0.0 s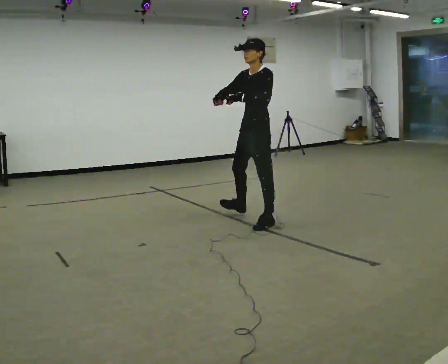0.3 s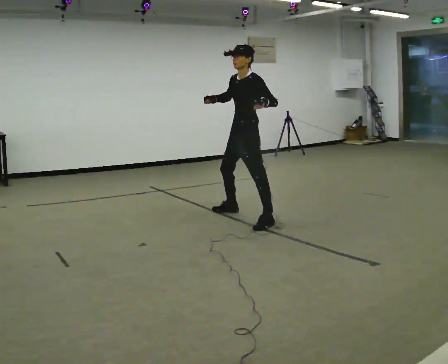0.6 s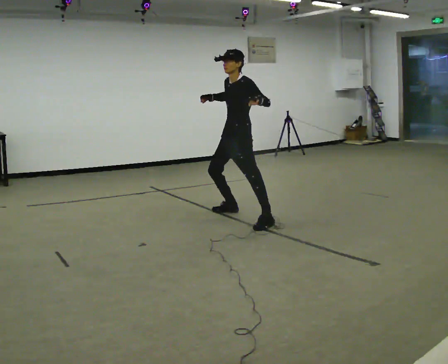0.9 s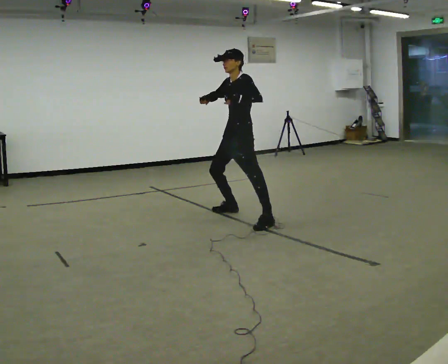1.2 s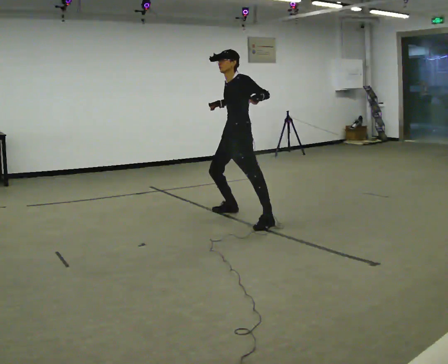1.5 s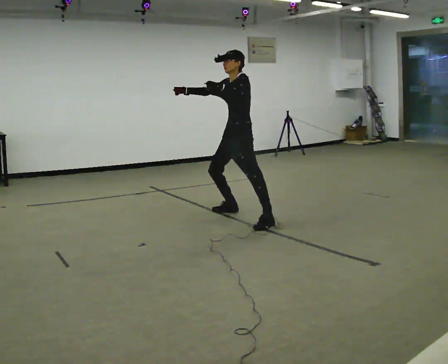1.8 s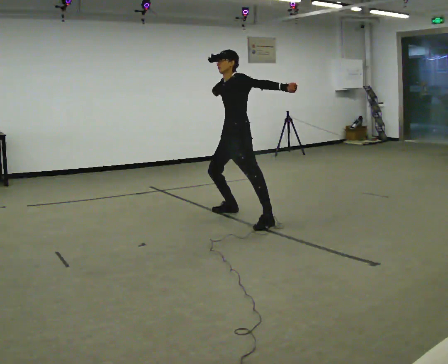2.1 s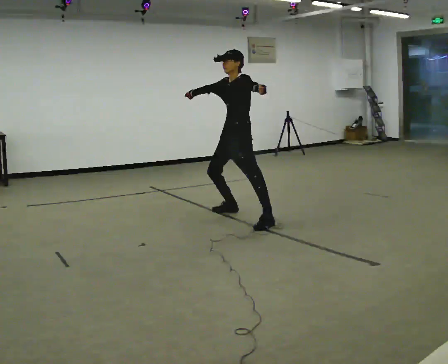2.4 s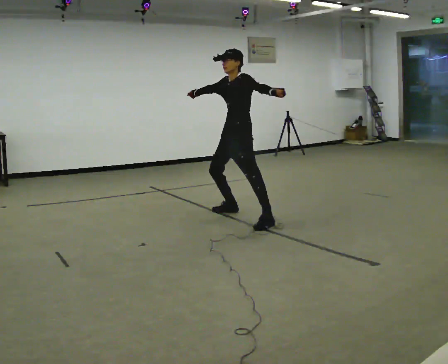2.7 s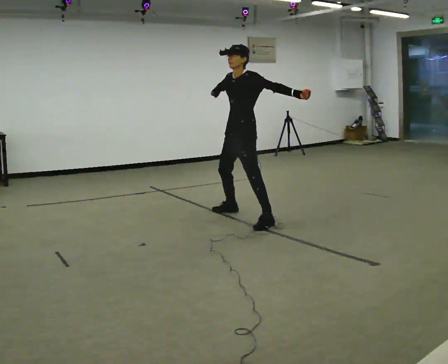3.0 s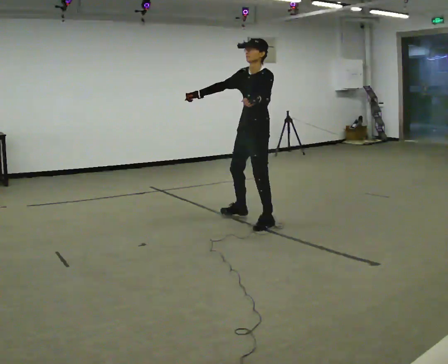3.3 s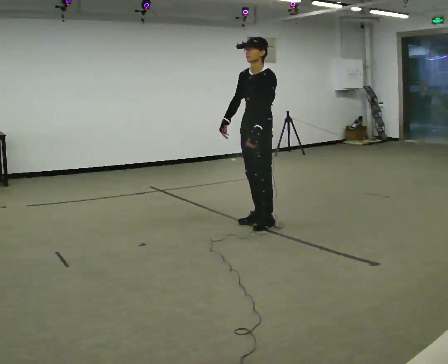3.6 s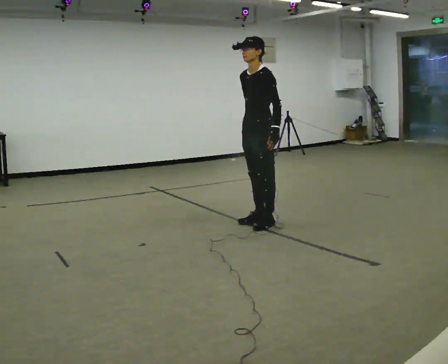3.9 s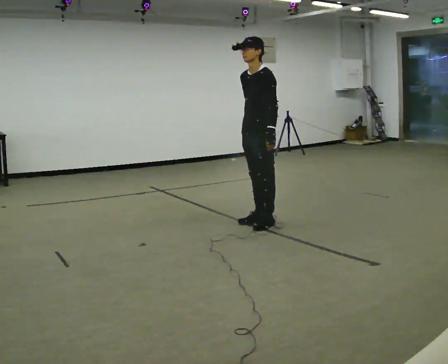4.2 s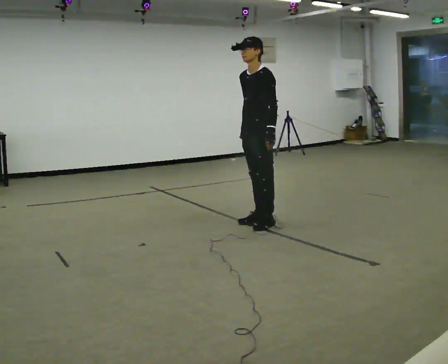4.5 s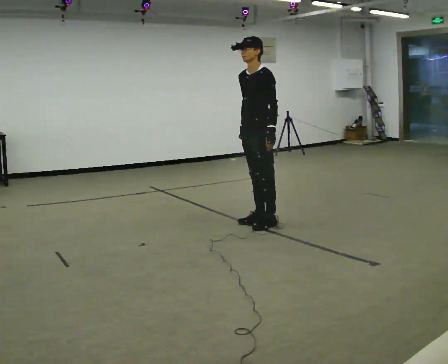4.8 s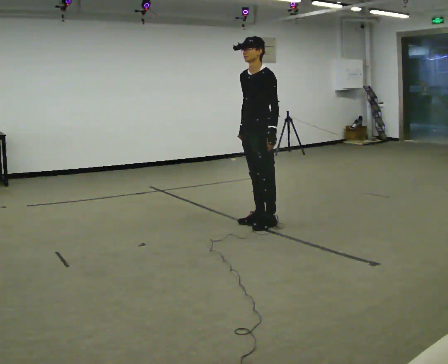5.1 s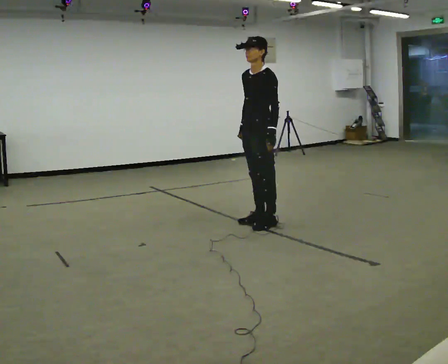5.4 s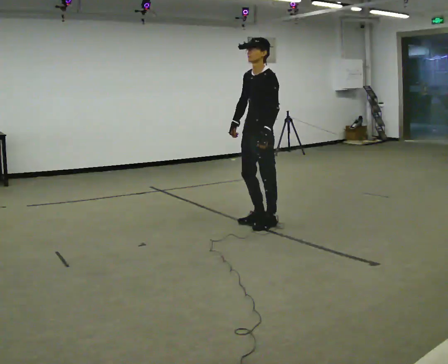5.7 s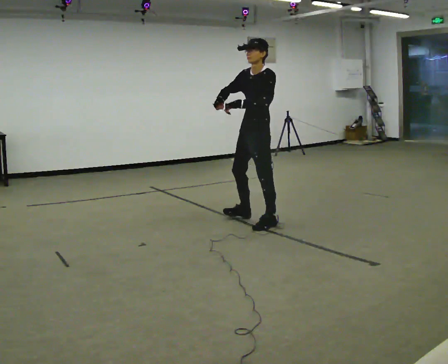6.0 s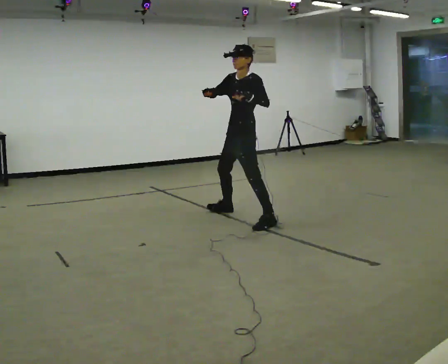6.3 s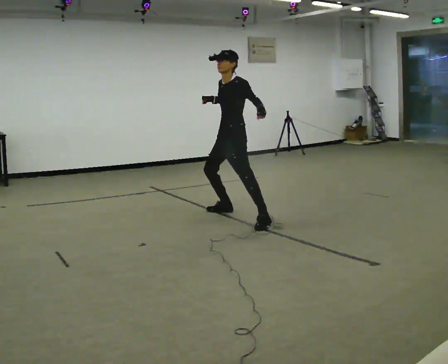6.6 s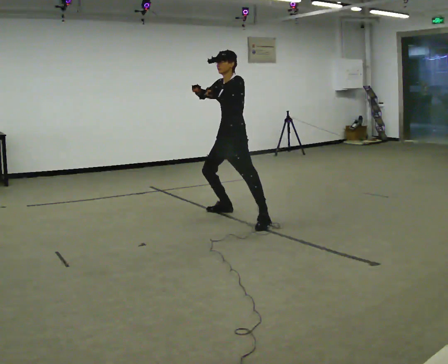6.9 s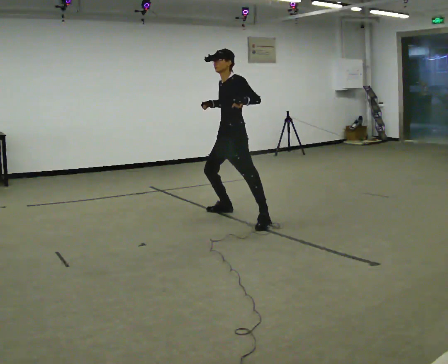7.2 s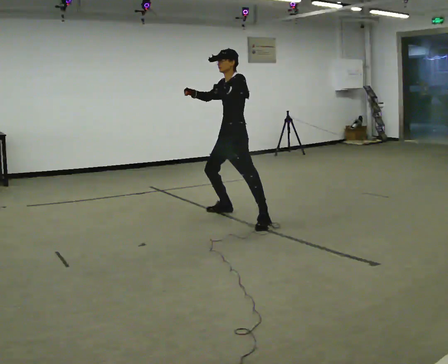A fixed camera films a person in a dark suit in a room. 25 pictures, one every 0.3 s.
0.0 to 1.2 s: In the picture they go away from the camera and to the left, about 0.25 m in 1 step, which for them is to their right.
1.2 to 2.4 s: The person moves a little, or ends about where they began.
2.4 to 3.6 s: In the picture they go toward the camera and to the right, about 0.5 m in 1 step, which for them is to their left. In the picture their right hand goes downward.
3.6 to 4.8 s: The person moves a little, or ends about where they began.
4.8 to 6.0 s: In the picture they go away from the camera and to the left, about 0.25 m, which for them is to their right. In the picture their right hand goes upward, the arm swinging clockwise.
6.0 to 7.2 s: The person moves a little, or ends about where they began.
The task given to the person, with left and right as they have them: Dance freely at a slow tempo as if to slow music; keep moving continuously.
The film runs forward here.
